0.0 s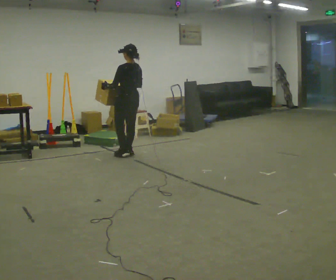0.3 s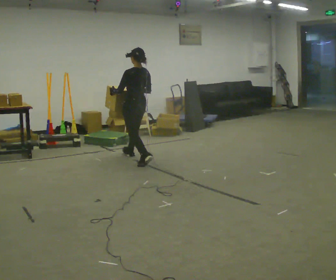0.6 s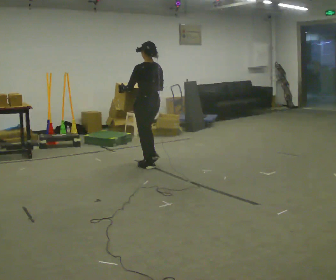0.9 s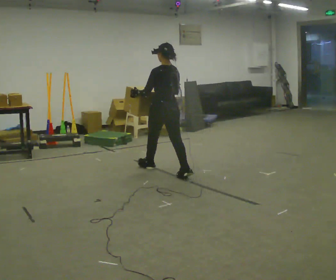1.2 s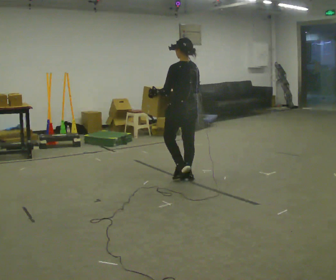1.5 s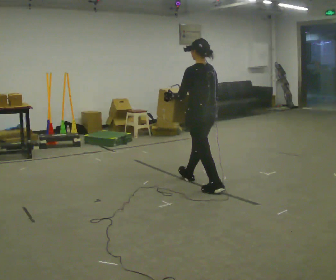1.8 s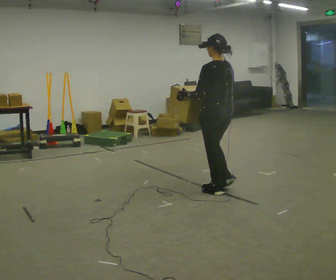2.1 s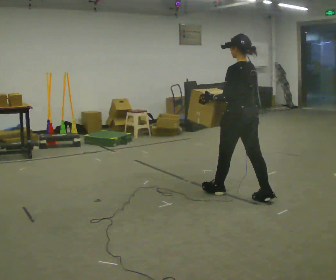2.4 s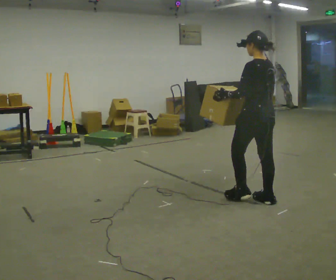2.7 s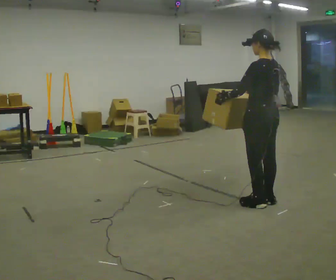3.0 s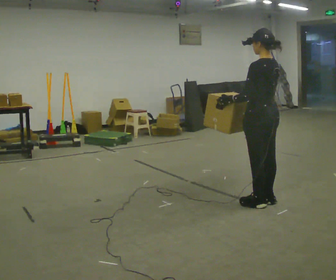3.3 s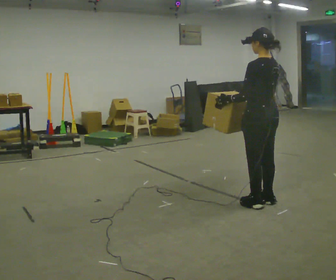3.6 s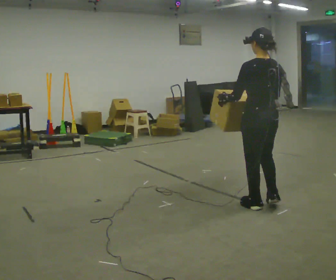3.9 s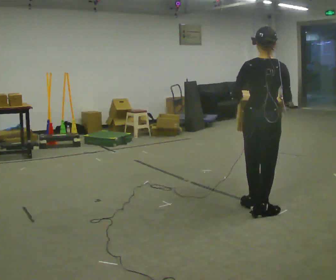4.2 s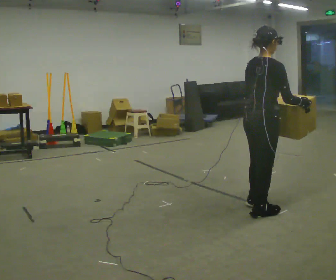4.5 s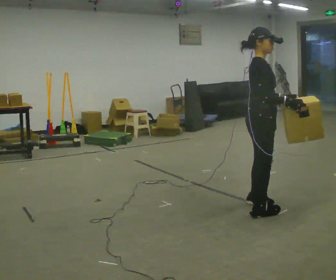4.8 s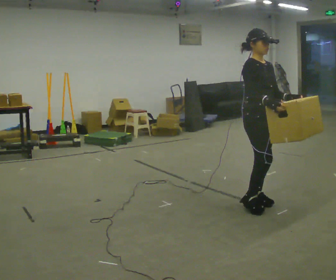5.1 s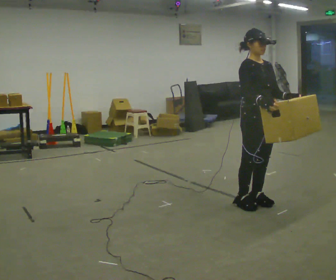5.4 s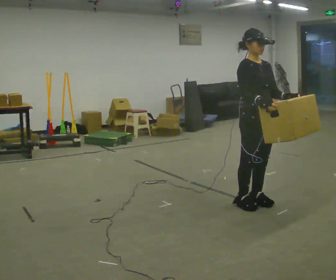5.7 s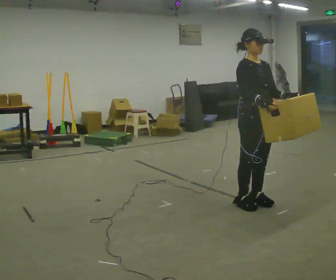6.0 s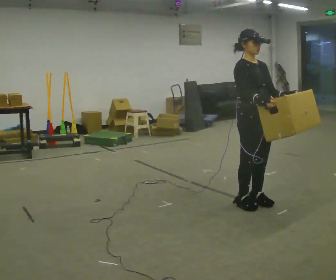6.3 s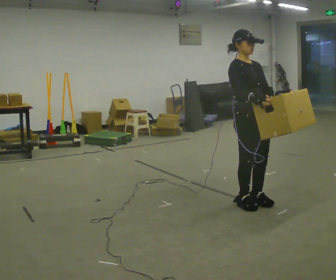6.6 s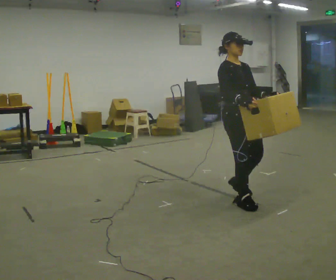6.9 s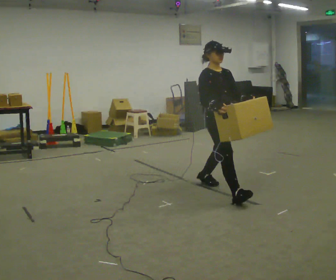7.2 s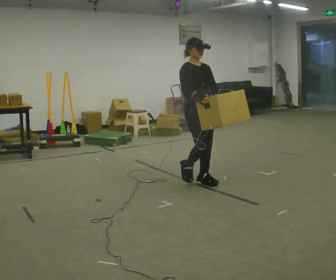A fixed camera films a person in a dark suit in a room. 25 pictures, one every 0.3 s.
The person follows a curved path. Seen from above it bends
clockwise.
Their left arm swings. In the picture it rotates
counterclockwise.
0.0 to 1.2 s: In the picture they go to the right and toward the camera, about 1.5 m in 2 steps, which for them is backward.
1.2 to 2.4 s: In the picture they go to the right and toward the camera, about 1 m in 2 steps, which for them is backward.
2.4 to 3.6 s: In the picture they go toward the camera, about 0.25 m in 1 step, which for them is backward and to their left.
3.6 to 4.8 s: Seen from above the body turns clockwise, about 150 degrees: to their right, with its near side sliding to the left.
4.8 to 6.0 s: The person moves a little, or ends about where they began.
6.0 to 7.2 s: In the picture they go away from the camera and to the left, about 1 m in 2 steps, which for them is backward.
The film runs backward here.
